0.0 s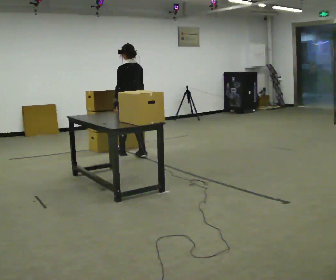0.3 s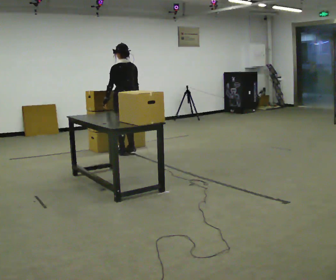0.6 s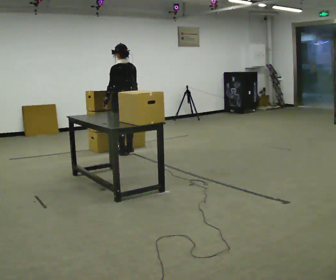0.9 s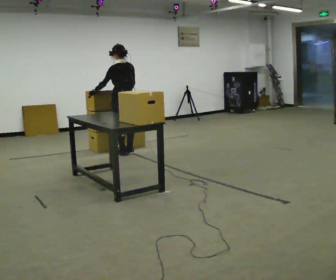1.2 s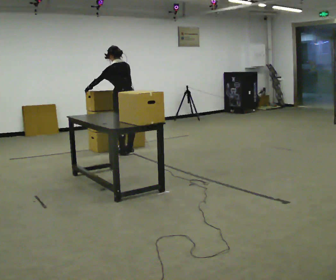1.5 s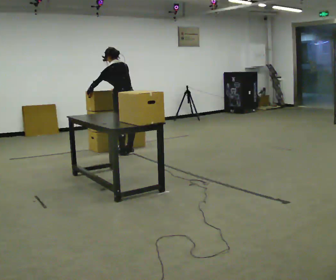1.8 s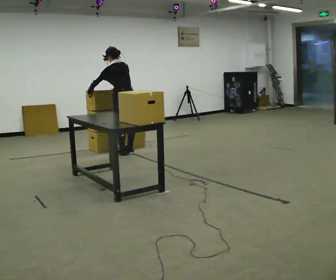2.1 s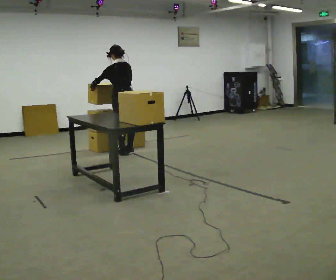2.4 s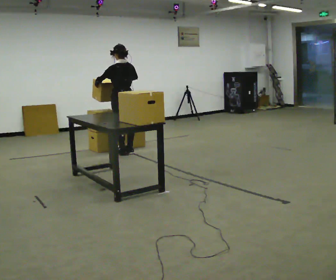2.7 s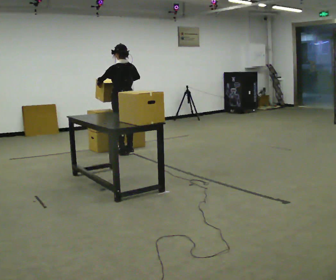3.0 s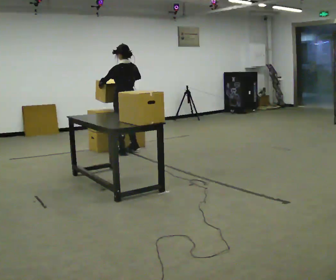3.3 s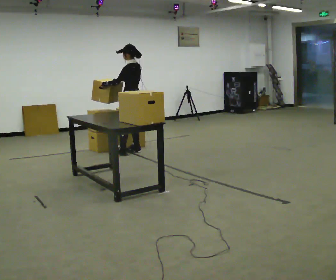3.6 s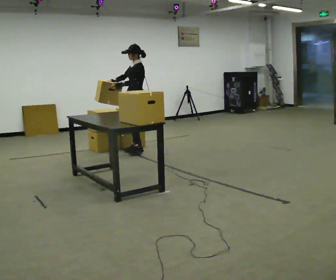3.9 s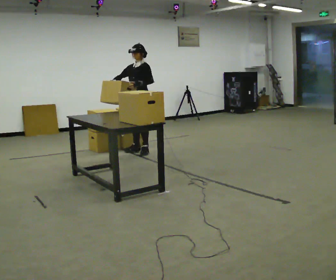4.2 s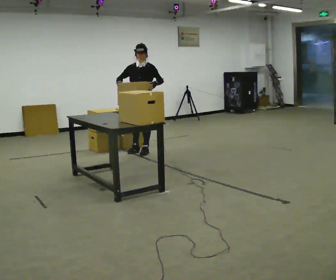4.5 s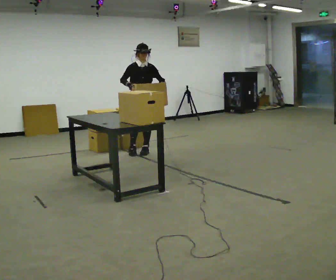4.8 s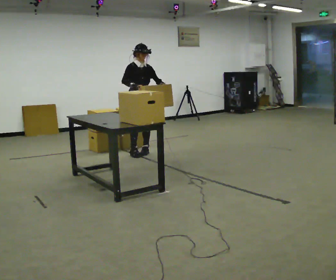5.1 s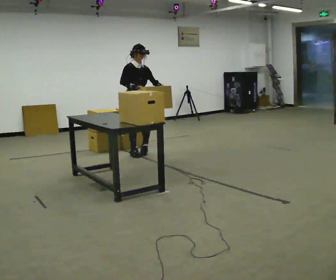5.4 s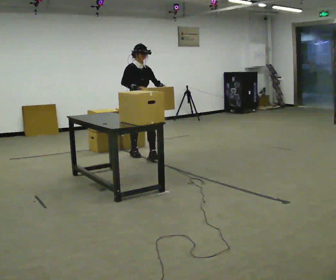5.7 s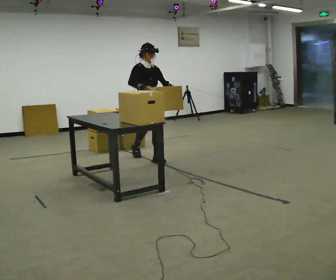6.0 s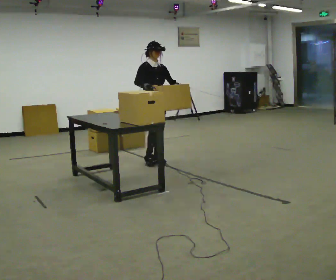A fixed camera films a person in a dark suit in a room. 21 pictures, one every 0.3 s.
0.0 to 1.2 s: In the picture the upper body tilts counterclockwise, shoulders to the left, as they bend forward. In the picture their left hand goes to the left.
1.2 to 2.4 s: The person moves a little, or ends about where they began.
2.4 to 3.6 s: Seen from above the body turns counterclockwise, about 75 degrees: to their left, with its near side sliding to the right. In the picture they go to the right, about 0.25 m in 1 step. In the picture their left hand goes to the right.
3.6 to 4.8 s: The person turns about 105 degrees to their left, counterclockwise seen from above, so the part of the body nearest the lens slides to the right. In the picture their right hand goes to the right.
4.8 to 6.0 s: In the picture they go toward the camera, about 0.5 m in 1 step, which for them is forward.
The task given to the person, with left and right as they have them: Pick up the next box in the row and carry it to the table. The operator will not tell you how heavy each one is. Keep going until the operator says stop; one object at a time, and do not rush between trips.
The film runs forward here.
